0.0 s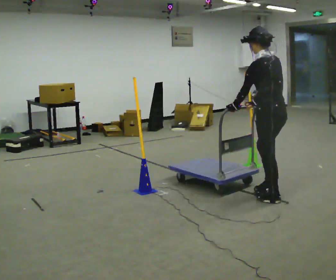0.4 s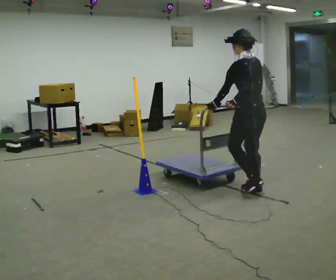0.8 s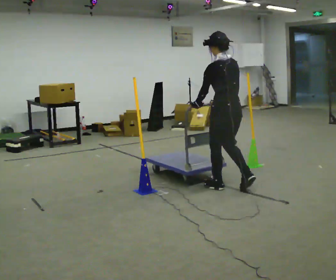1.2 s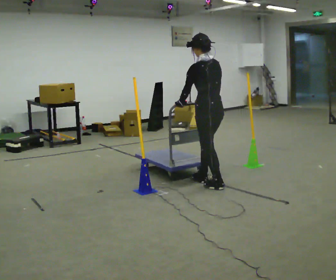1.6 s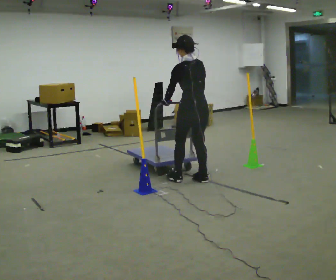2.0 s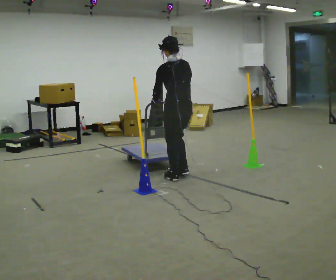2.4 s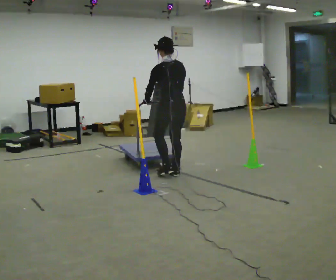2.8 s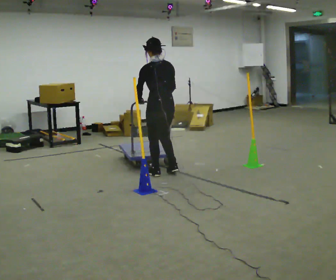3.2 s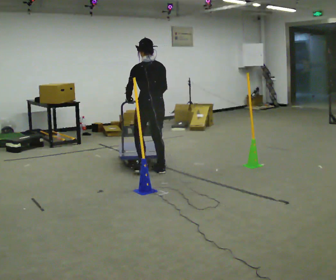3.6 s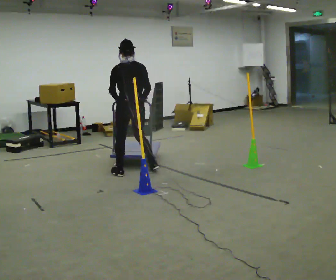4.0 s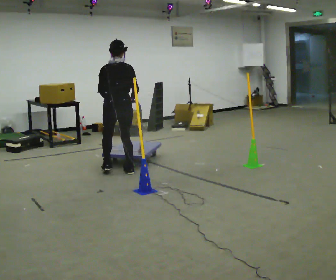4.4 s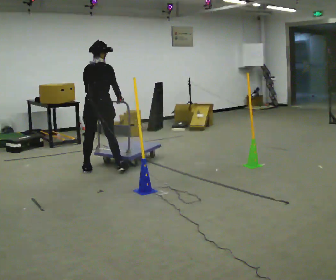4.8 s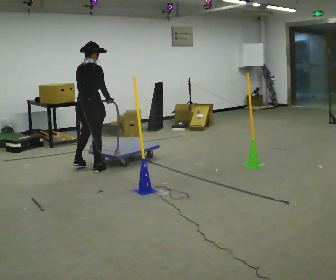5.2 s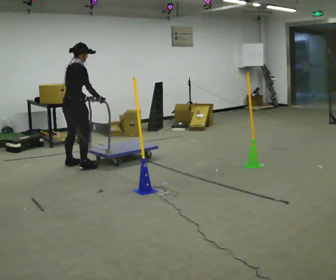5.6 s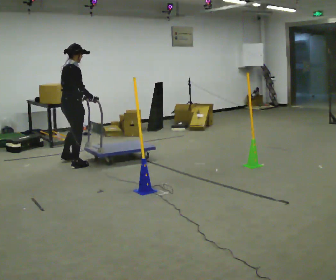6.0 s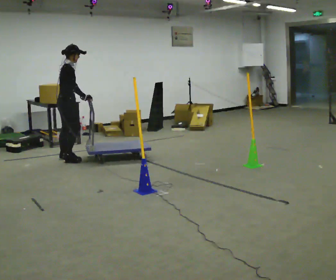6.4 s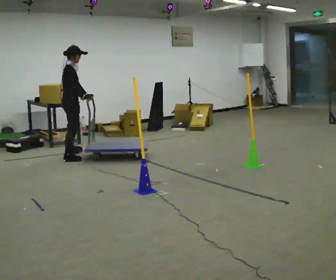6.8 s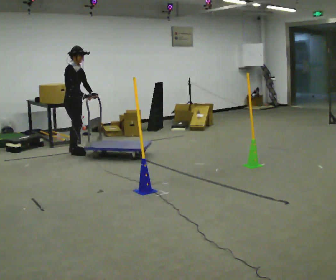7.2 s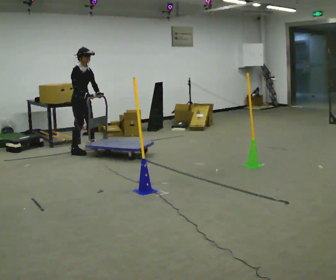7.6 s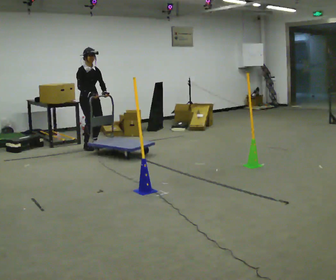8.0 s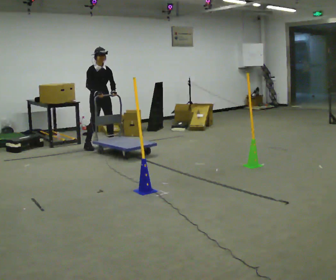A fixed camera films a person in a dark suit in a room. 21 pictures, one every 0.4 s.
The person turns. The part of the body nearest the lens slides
to the left.
The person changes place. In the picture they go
away from the camera.
0.0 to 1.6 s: In the picture they go away from the camera and to the left, about 1 m in 3 steps, which for them is forward.
1.6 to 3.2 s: In the picture they go to the left and away from the camera, about 0.5 m in 4 steps, which for them is forward.
3.2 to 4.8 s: The part of the body nearest the lens slides to the left as the person turns to their right by about 60 degrees. In the picture they go to the left, about 1 m in 4 steps, which for them is to their left.
4.8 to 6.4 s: The part of the body nearest the lens slides to the left as the person turns to their right by about 45 degrees. In the picture they go away from the camera and to the left, about 1 m in 4 steps, which for them is to their left.
6.4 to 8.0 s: Seen from above the body turns clockwise, about 60 degrees: to their right, with its near side sliding to the left. In the picture they go away from the camera and to the right, about 1 m in 5 steps.
The film runs forward here.
